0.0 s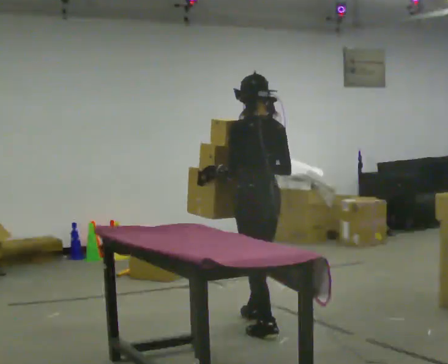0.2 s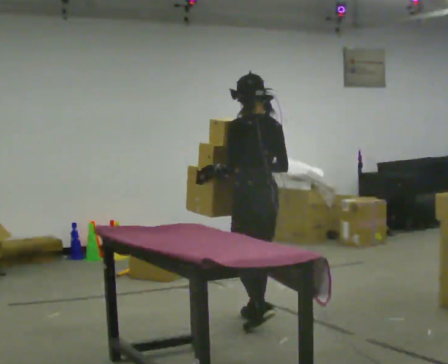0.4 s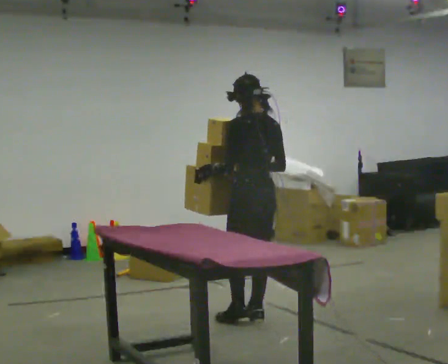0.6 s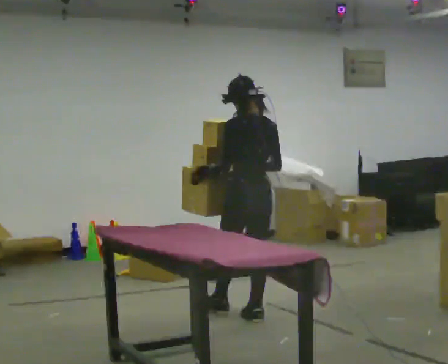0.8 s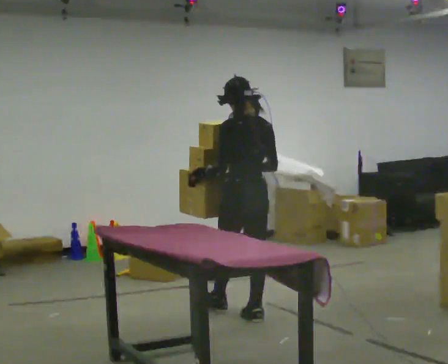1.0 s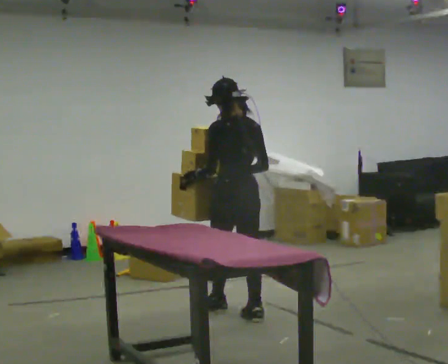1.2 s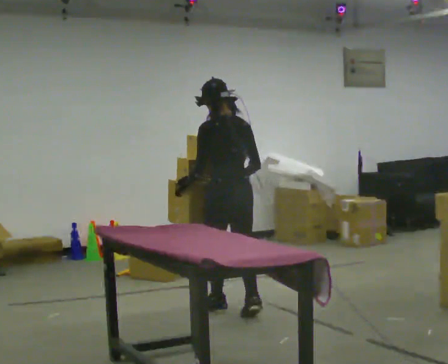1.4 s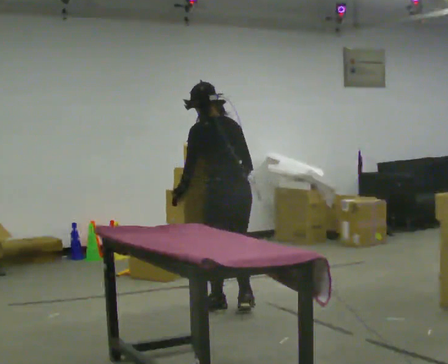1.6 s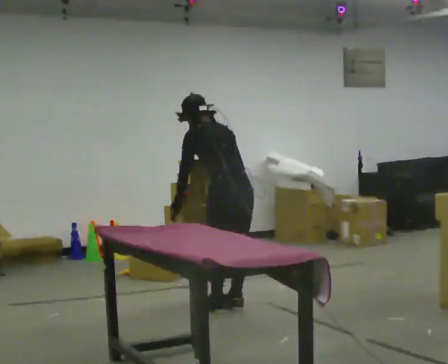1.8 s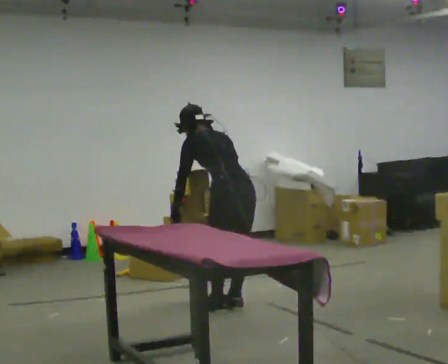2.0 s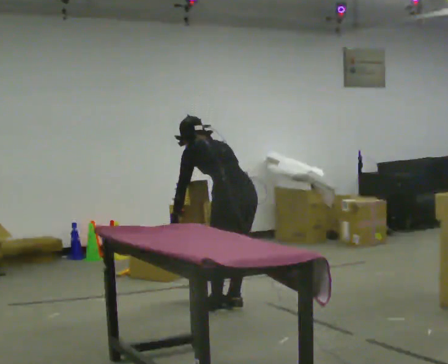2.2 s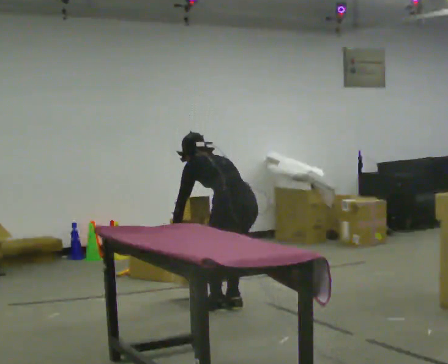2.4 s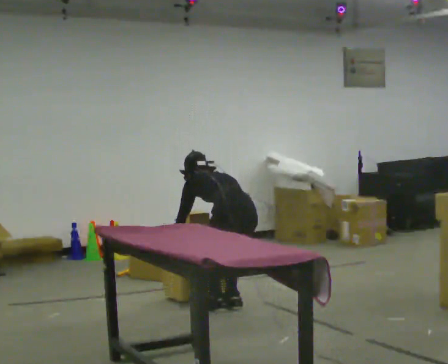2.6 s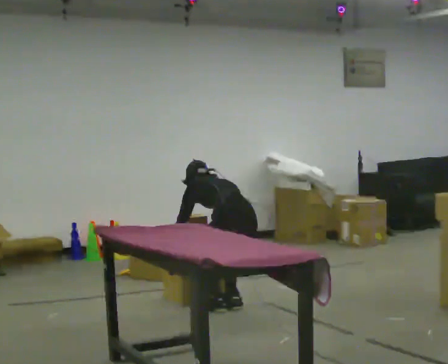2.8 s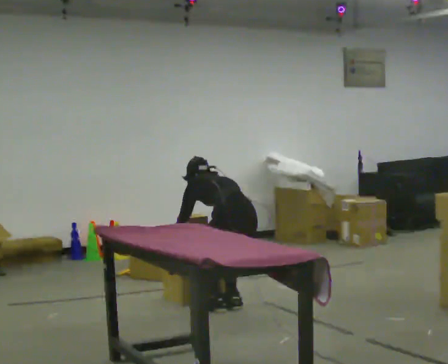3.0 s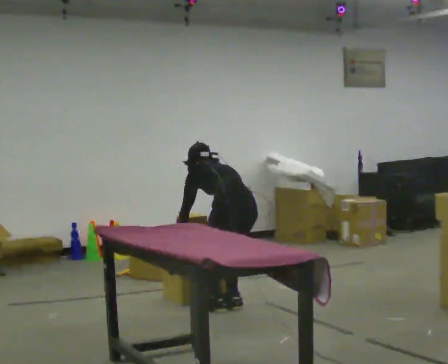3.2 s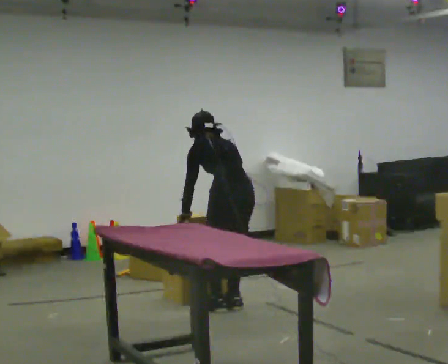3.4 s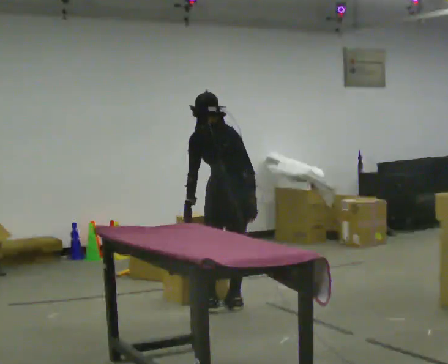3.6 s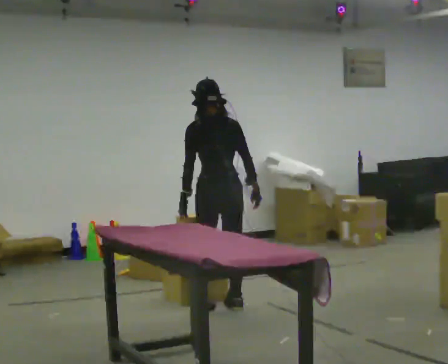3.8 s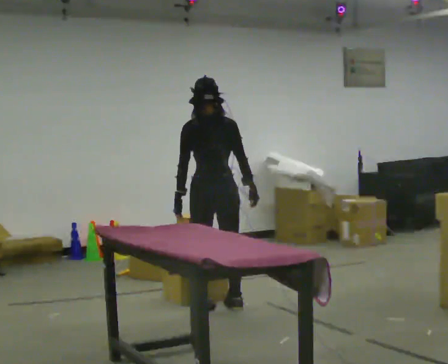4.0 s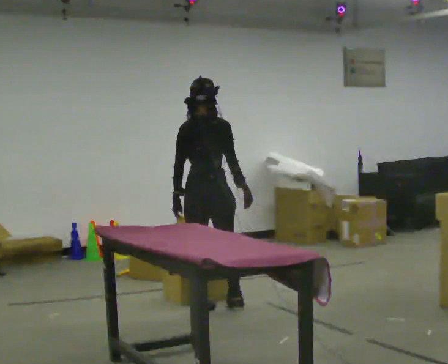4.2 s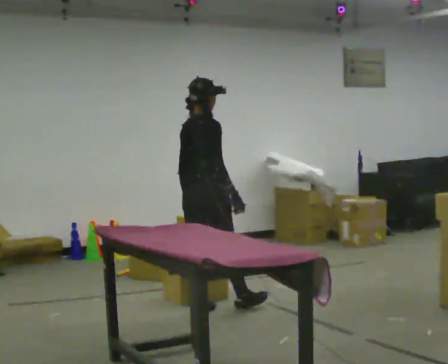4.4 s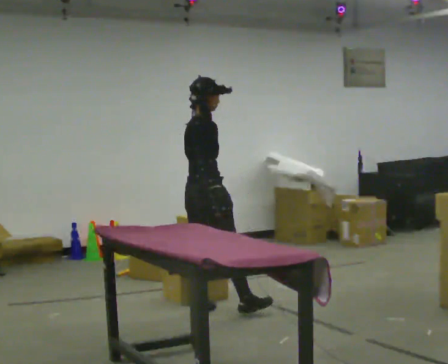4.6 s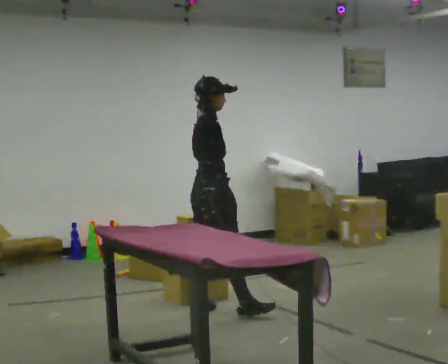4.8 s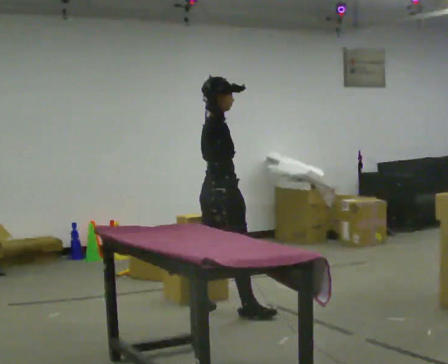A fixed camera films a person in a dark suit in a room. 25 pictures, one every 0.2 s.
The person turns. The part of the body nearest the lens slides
to the left.
Their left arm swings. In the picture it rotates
counterclockwise.
0.0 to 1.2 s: In the picture they go away from the camera and to the left, about 0.5 m in 1 step, which for them is forward.
1.2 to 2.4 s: The upper body goes downward. The upper body tips away from the camera, its near side rolling upward, as they bend forward. In the picture their right hand goes downward.
2.4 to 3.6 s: Seen from above the body turns clockwise, about 30 degrees: to their right, with its near side sliding to the left. The shoulders move upward. The upper body tips toward the camera, its near side rolling downward, as they lean back or straighten. In the picture their right hand goes upward.
3.6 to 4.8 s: The part of the body nearest the lens slides to the left as the person turns to their right by about 75 degrees. In the picture their left hand goes to the right.
The film runs forward here.
